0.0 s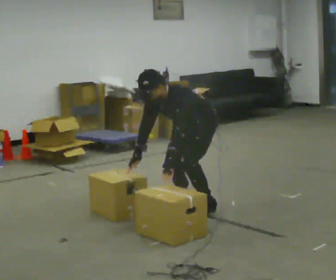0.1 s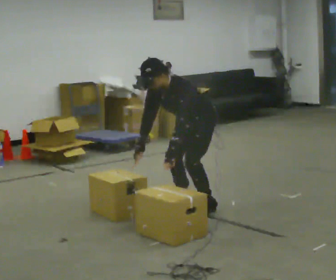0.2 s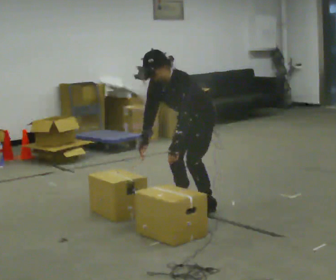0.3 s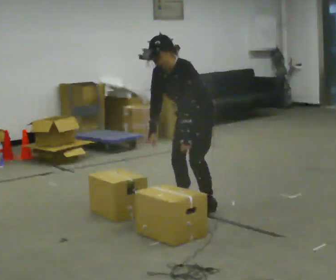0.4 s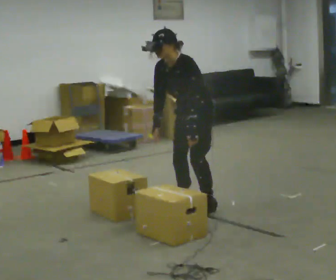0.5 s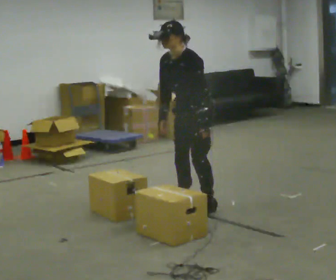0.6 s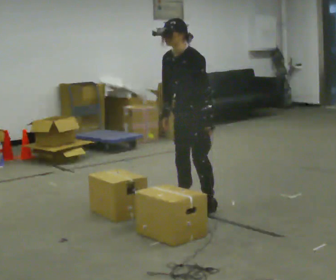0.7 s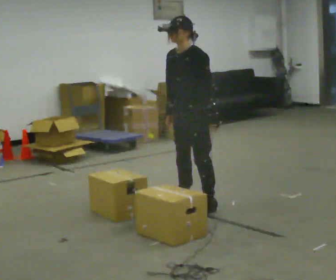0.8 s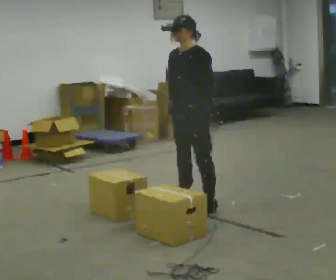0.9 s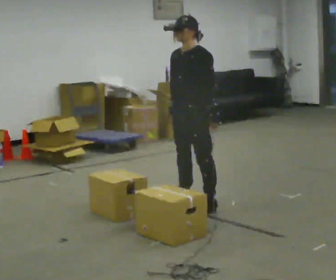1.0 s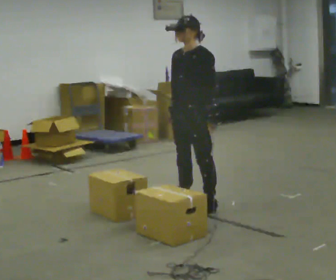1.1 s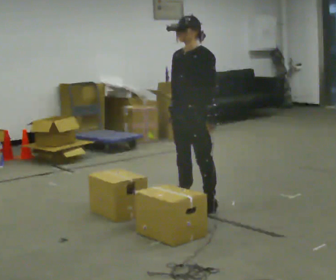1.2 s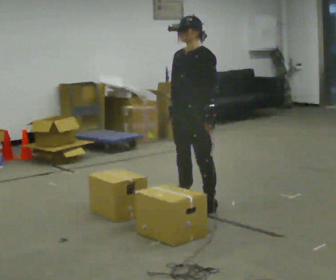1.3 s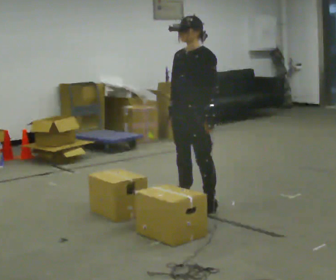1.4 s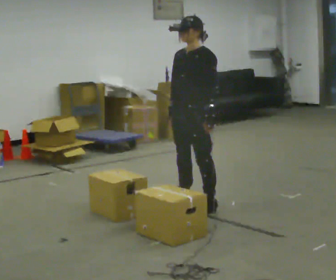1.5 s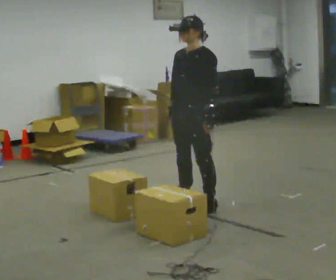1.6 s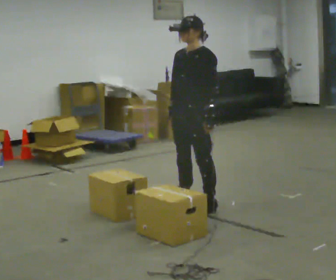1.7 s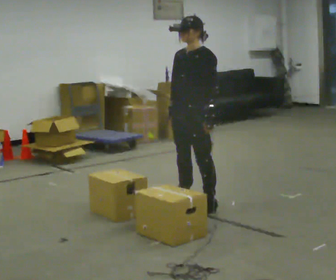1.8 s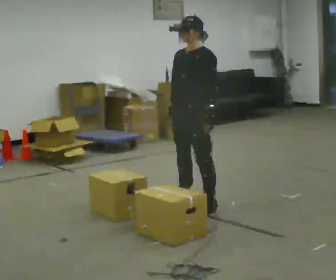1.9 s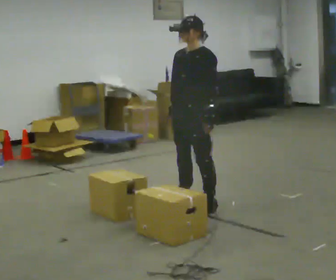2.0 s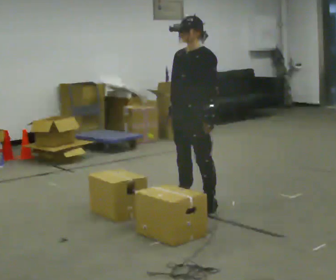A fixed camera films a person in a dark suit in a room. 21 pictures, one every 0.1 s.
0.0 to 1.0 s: The shoulders move upward. In the picture the upper body tilts clockwise, shoulders to the right, as they lean back or straighten. In the picture their left hand goes to the right.
1.0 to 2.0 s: The person moves a little, or ends about where they began.
The film runs forward here.
